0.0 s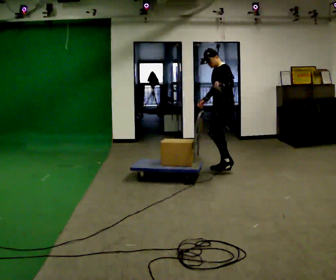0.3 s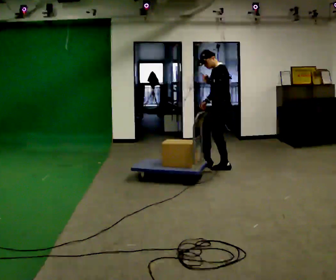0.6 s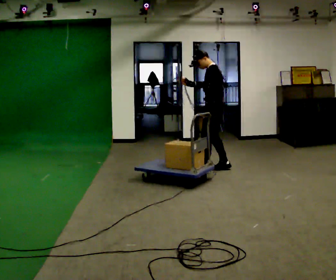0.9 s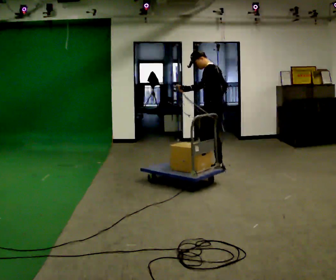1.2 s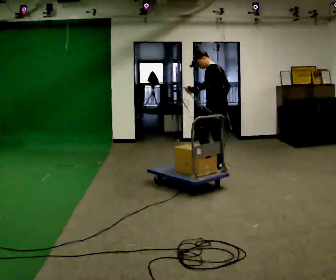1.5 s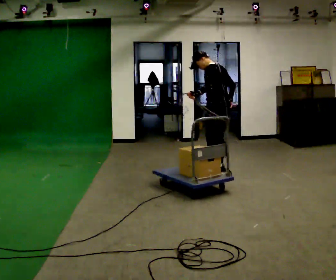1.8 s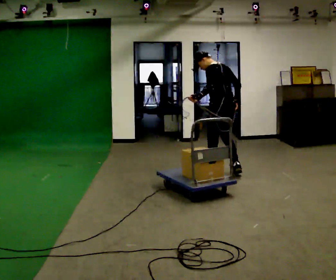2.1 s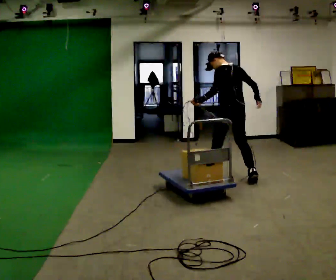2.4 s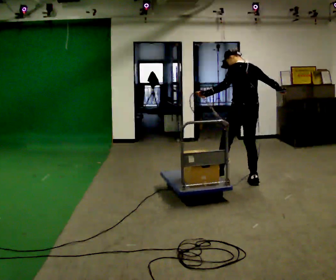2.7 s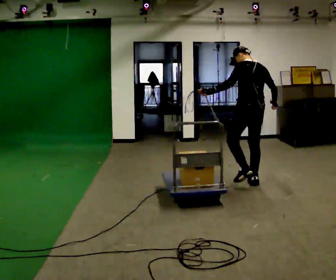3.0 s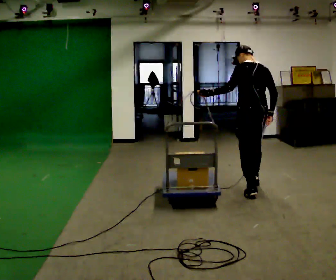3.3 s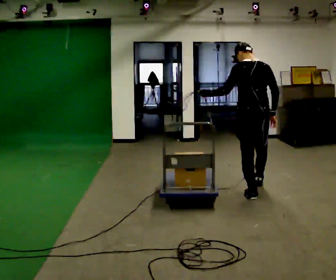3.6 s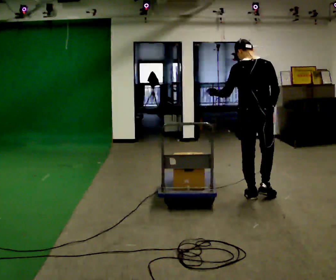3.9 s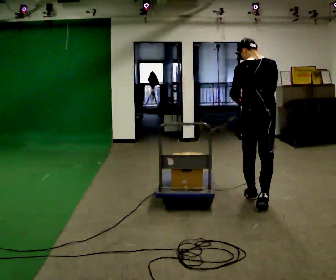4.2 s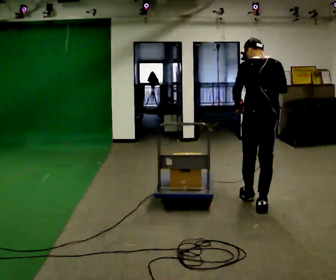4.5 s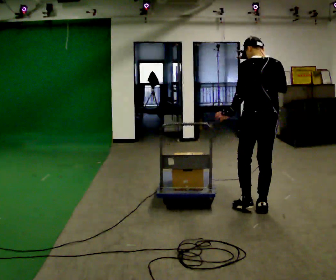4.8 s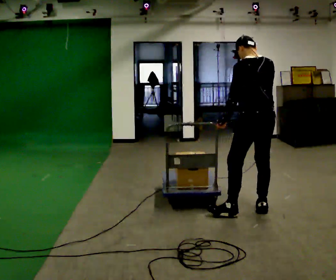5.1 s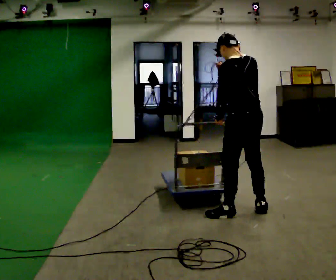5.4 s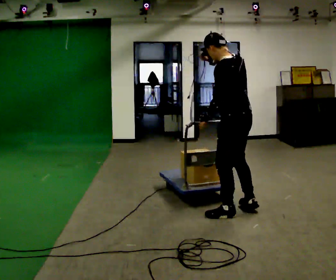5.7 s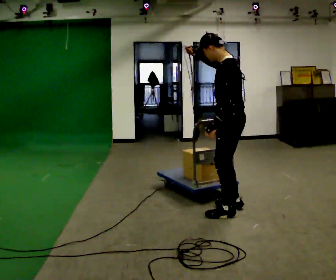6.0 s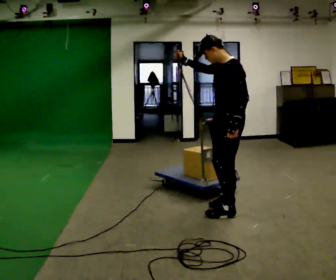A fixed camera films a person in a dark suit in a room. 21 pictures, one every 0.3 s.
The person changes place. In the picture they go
toward the camera.
0.0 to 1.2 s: Seen from above the body turns clockwise, about 45 degrees: to their right, with its near side sliding to the left.
1.2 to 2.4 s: Seen from above the body turns clockwise, about 30 degrees: to their right, with its near side sliding to the left. In the picture they go toward the camera and to the right, about 0.75 m in 2 steps, which for them is backward.
2.4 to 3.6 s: In the picture they go toward the camera, about 0.75 m in 1 step, which for them is backward.
3.6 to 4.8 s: The person turns about 30 degrees to their left, counterclockwise seen from above, so the part of the body nearest the lens slides to the right. In the picture they go toward the camera, about 0.5 m in 1 step, which for them is backward. In the picture their right hand goes upward.
4.8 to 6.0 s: Seen from above the body turns counterclockwise, about 75 degrees: to their left, with its near side sliding to the right. In the picture they go to the left, about 0.25 m in 1 step.
The film runs backward here.
